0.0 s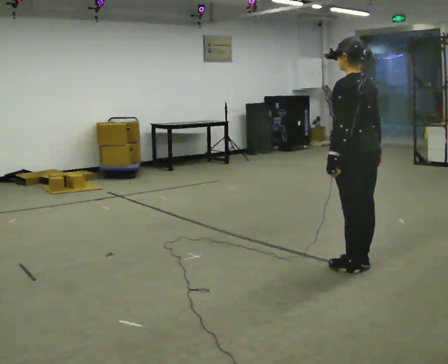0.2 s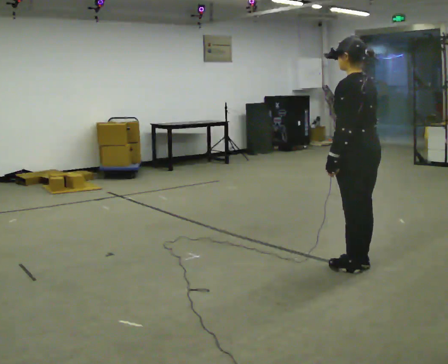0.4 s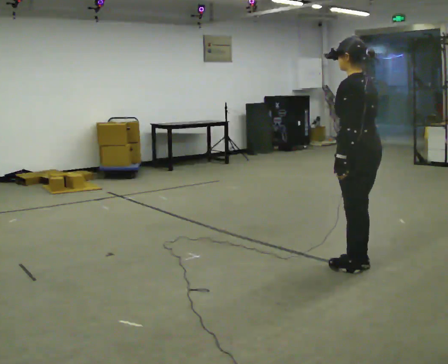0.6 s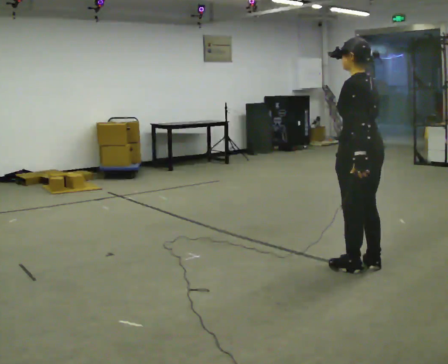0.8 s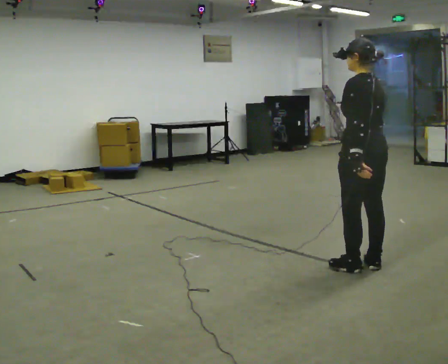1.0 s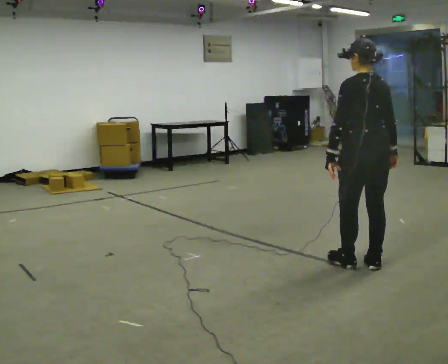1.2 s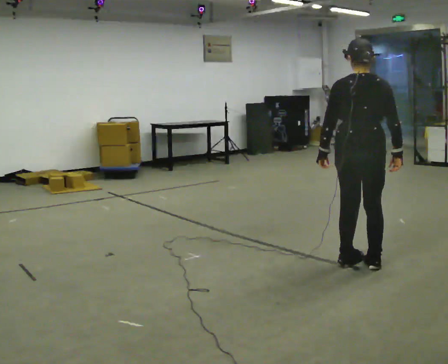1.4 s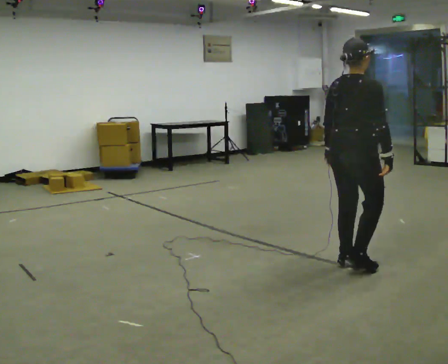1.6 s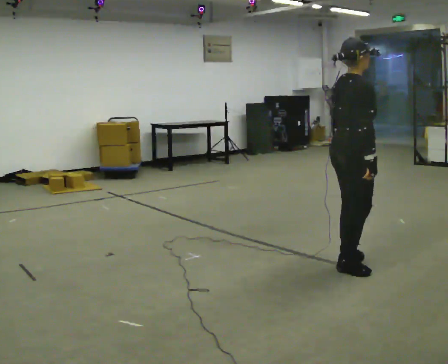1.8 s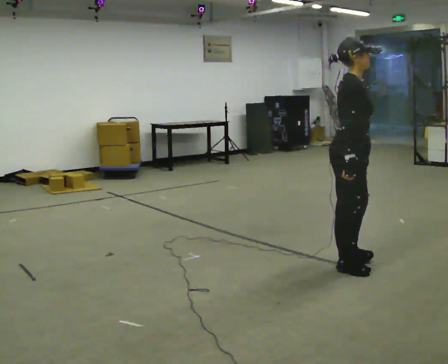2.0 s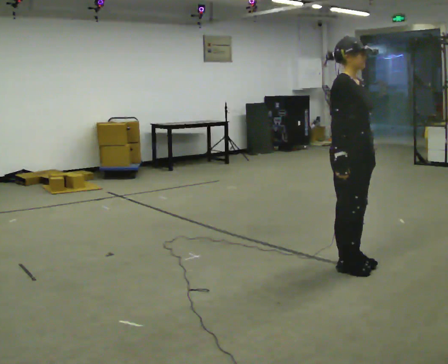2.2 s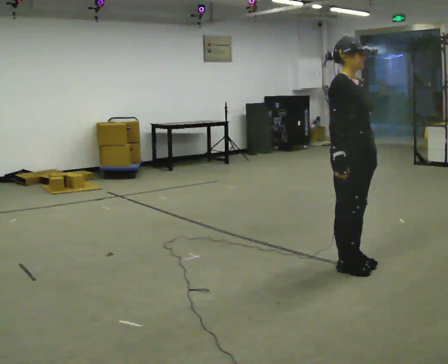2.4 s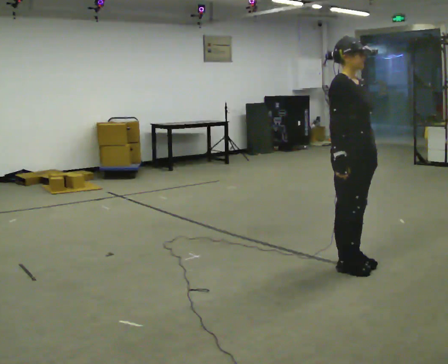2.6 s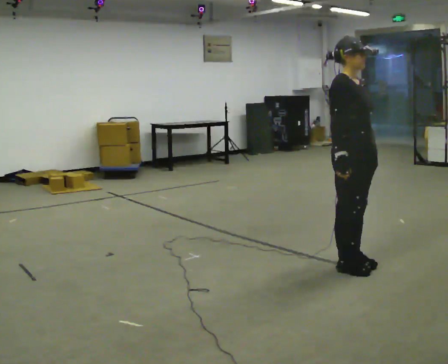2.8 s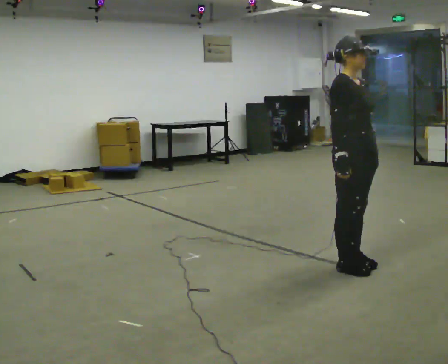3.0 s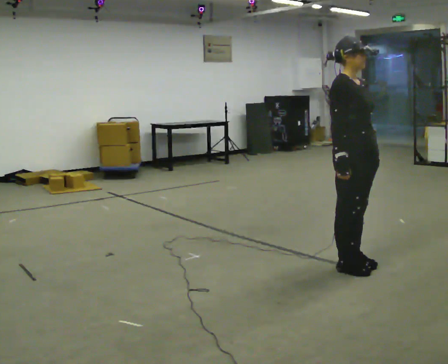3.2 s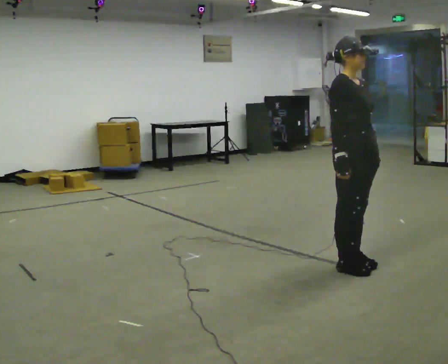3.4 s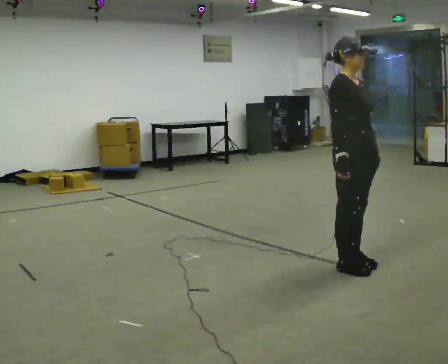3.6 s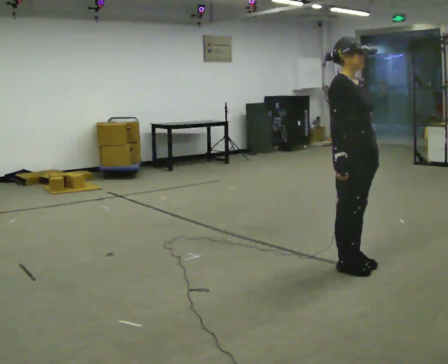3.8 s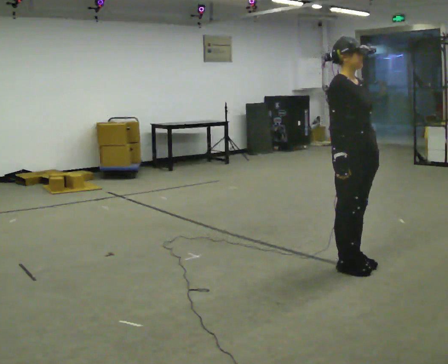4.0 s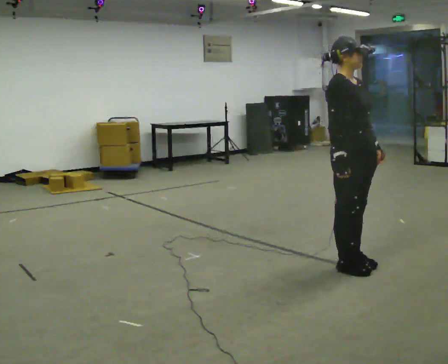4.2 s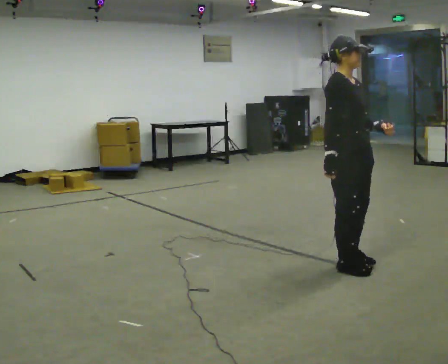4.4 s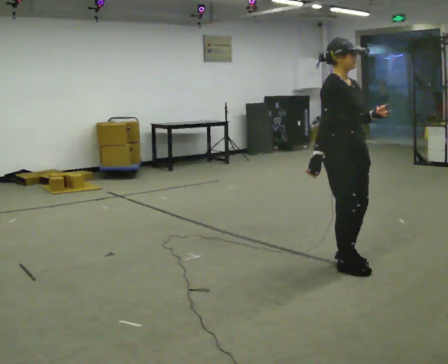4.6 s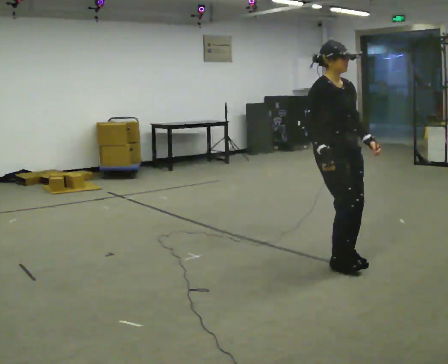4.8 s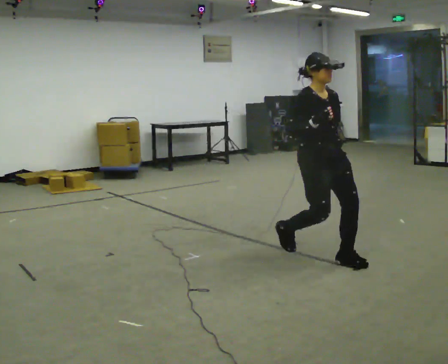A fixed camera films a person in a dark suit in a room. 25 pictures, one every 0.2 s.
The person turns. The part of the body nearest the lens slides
to the left.
The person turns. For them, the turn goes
to their right.
0.0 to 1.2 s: The person turns about 45 degrees to their right, clockwise seen from above, so the part of the body nearest the lens slides to the left.
1.2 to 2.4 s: The part of the body nearest the lens slides to the left as the person turns to their right by about 120 degrees. In the picture their left hand goes to the right, the arm swinging counterclockwise.
2.4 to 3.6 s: The person moves a little, or ends about where they began.
3.6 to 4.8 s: In the picture they go away from the camera and to the left, about 0.25 m in 1 step, which for them is backward.
The film runs backward here.
